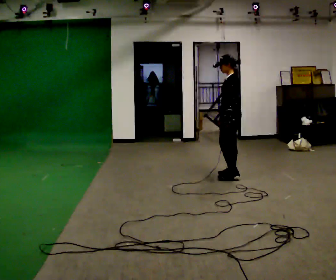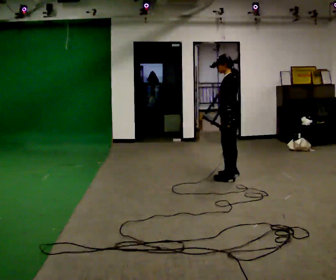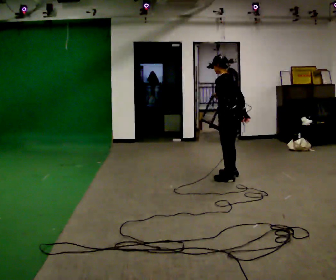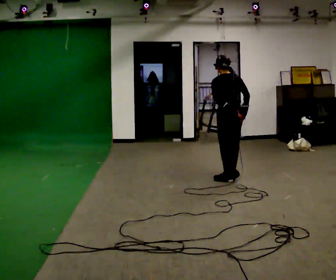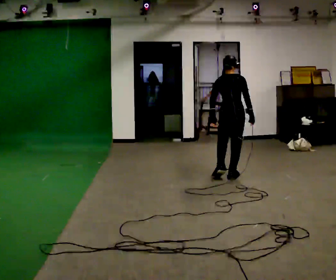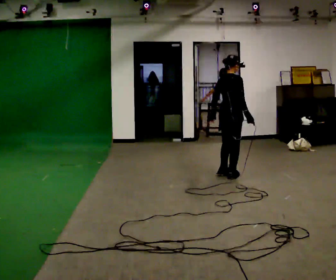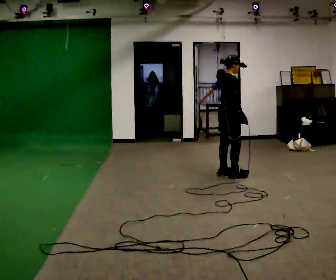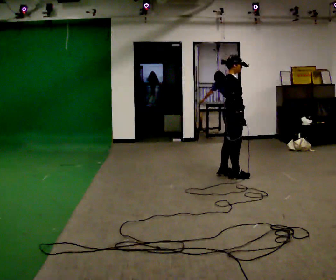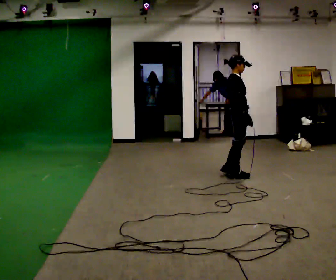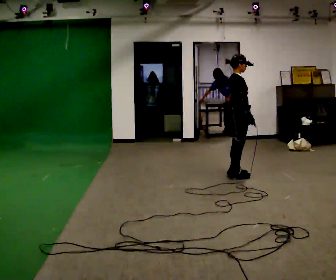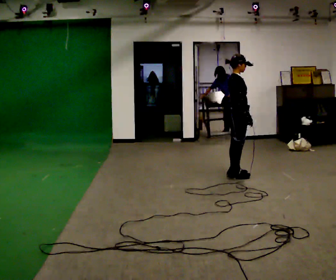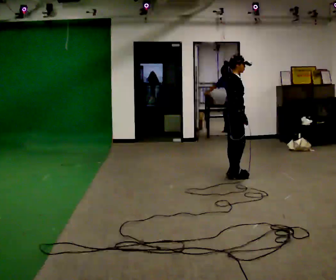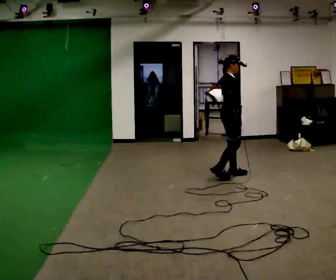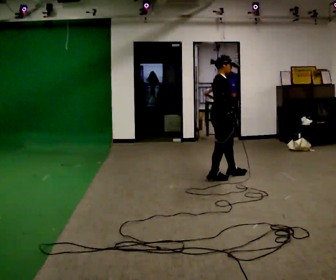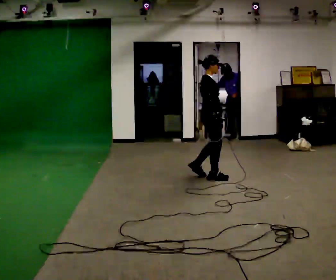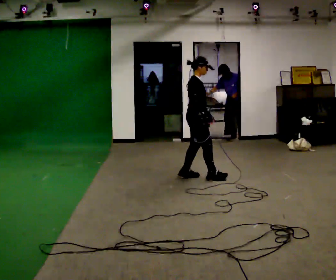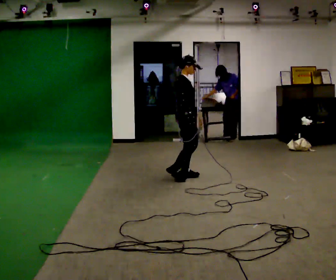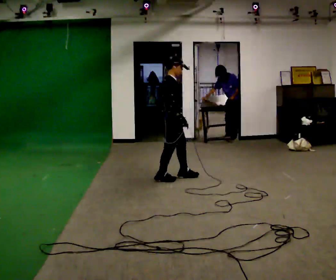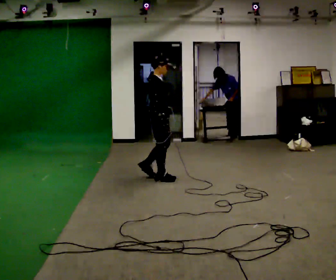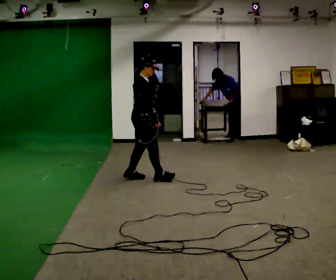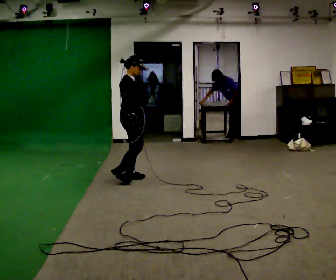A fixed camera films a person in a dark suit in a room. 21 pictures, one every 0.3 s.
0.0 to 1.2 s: The person turns about 105 degrees to their right, clockwise seen from above, so the part of the body nearest the lens slides to the left. In the picture their right hand goes to the right, the arm swinging counterclockwise.
1.2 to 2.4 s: Seen from above the body turns clockwise, about 60 degrees: to their right, with its near side sliding to the left. In the picture their left hand goes to the right.
2.4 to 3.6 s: The person moves a little, or ends about where they began.
3.6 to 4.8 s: In the picture they go to the left, about 0.5 m in 2 steps, which for them is backward.
4.8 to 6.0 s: In the picture they go to the left, about 0.75 m in 2 steps, which for them is backward.
The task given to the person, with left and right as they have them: Walk backward slowly; stop.
The film runs forward here.
